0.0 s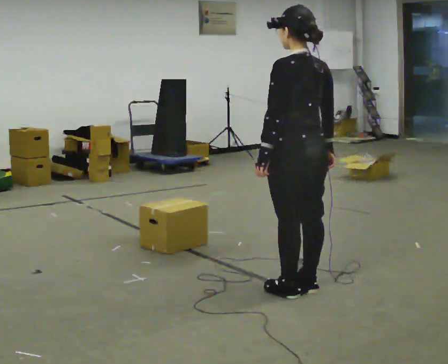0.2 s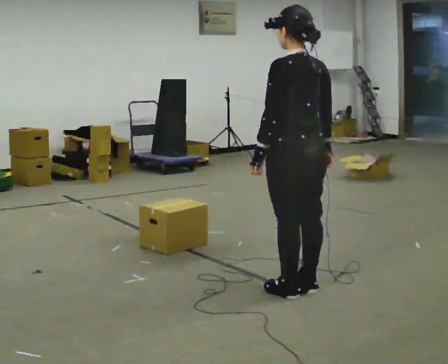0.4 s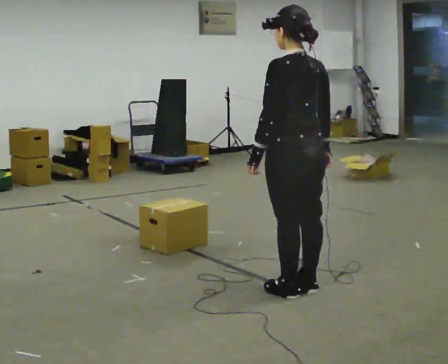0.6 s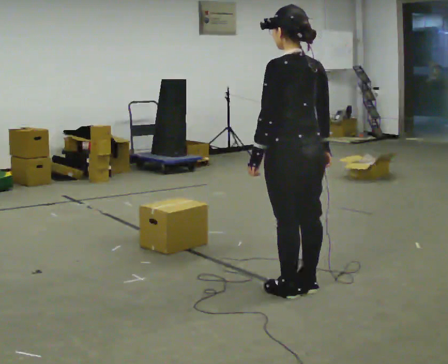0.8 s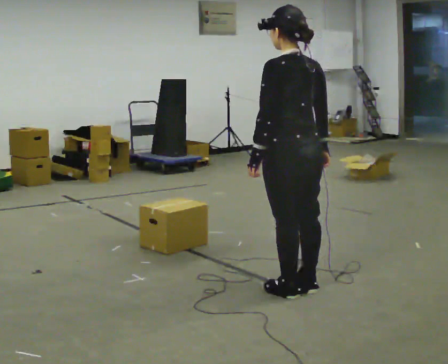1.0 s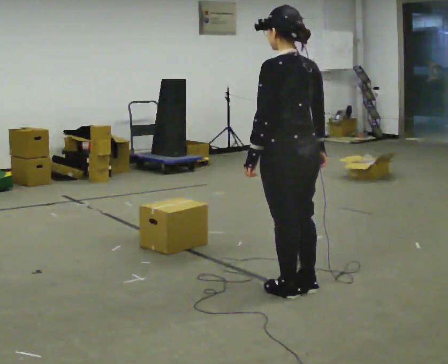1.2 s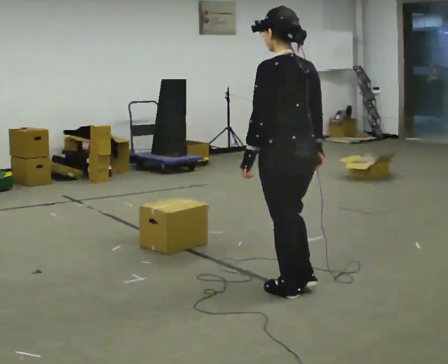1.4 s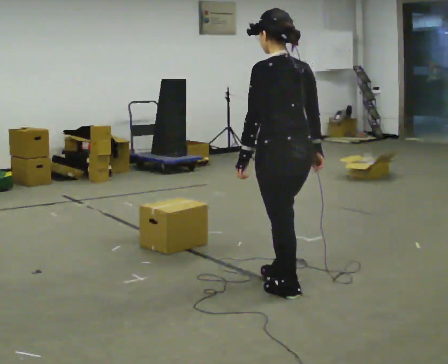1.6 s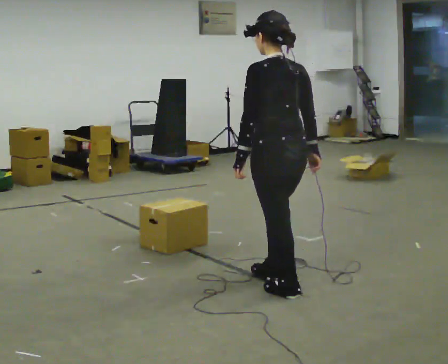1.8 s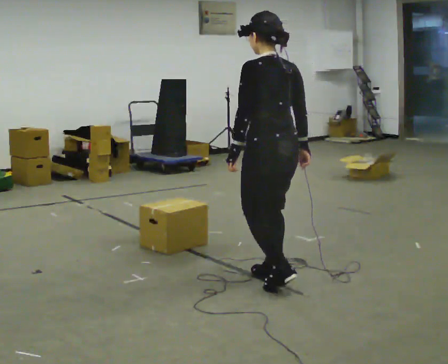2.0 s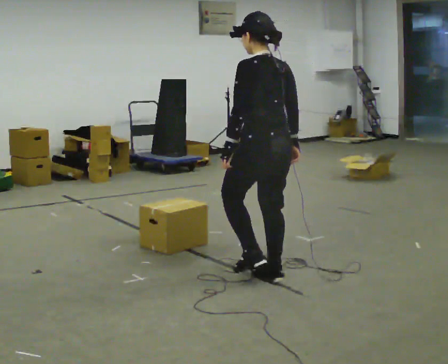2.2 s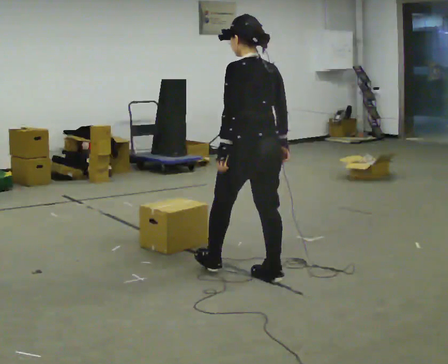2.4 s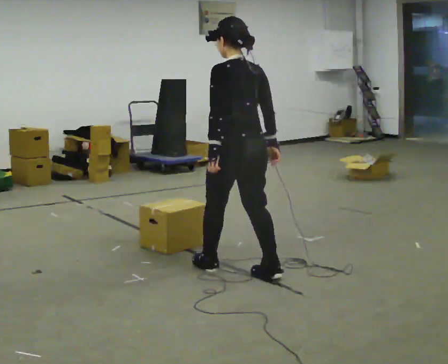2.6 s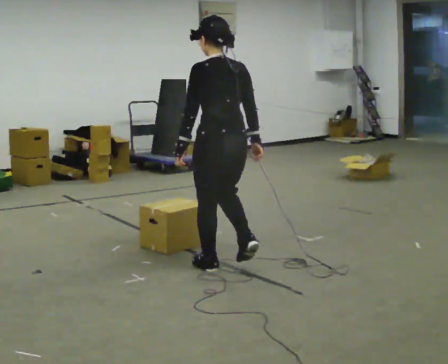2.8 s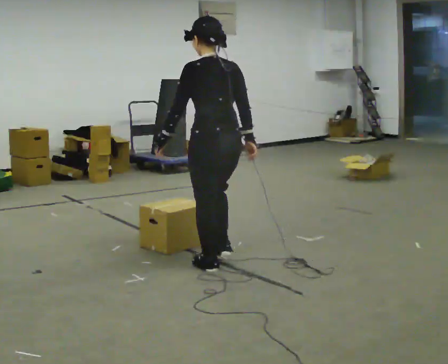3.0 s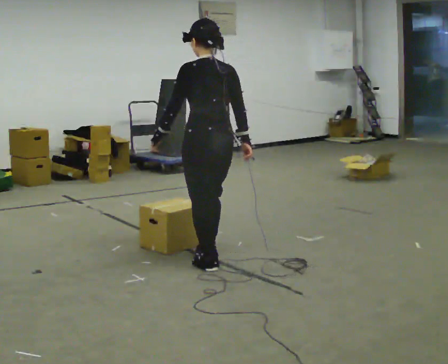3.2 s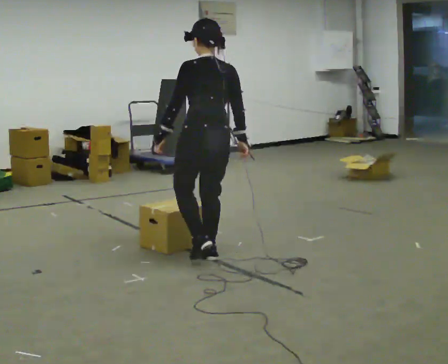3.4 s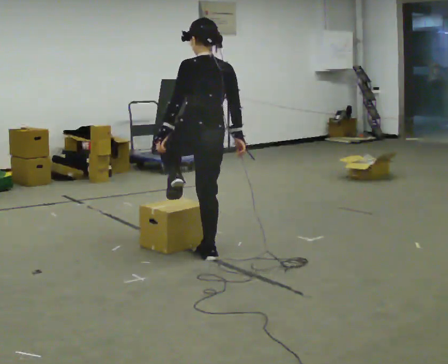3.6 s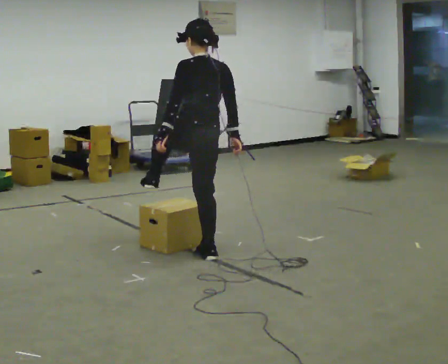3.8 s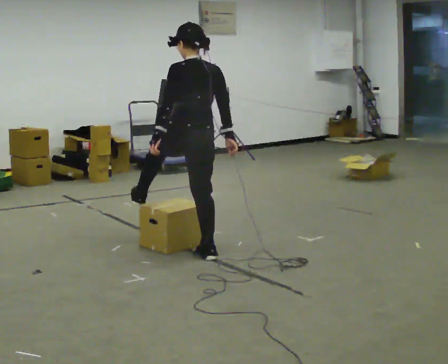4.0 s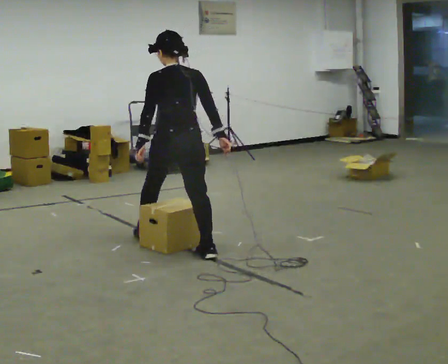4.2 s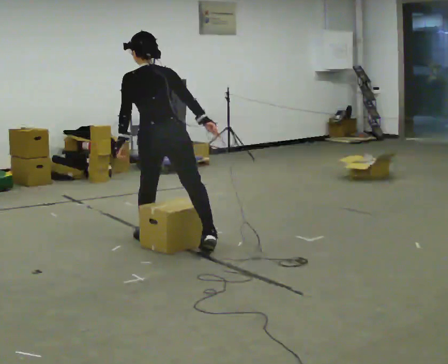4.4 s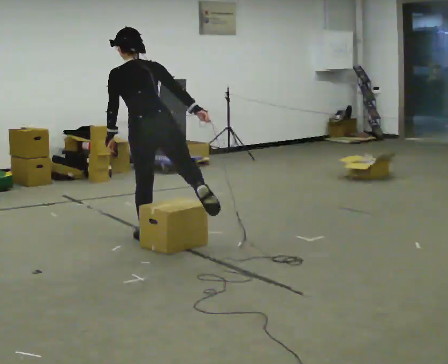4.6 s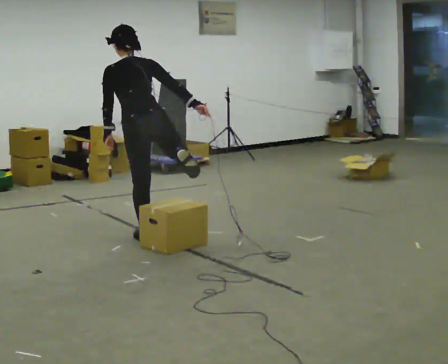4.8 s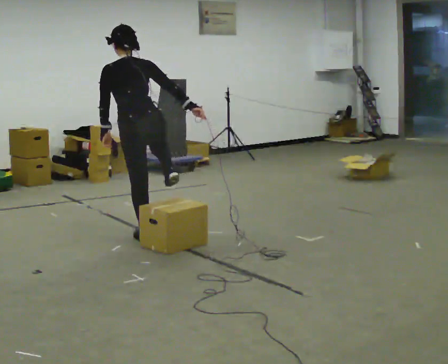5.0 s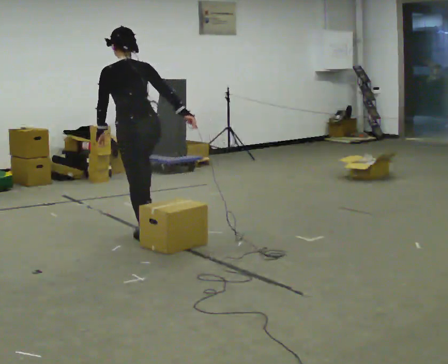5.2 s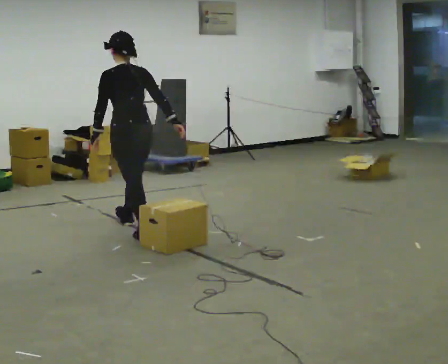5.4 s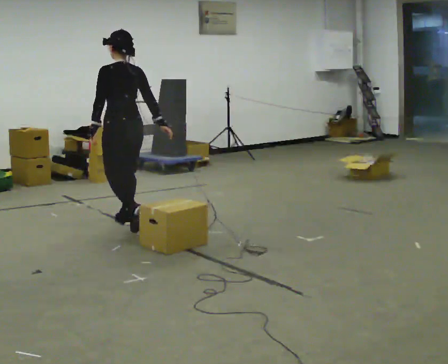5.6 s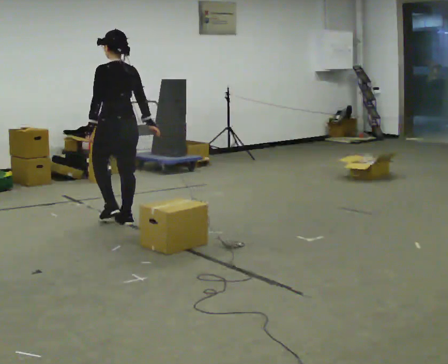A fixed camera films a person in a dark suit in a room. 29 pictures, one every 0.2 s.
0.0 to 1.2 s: The person moves a little, or ends about where they began.
1.2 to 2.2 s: In the picture they go away from the camera and to the left, about 0.25 m in 1 step, which for them is forward.
2.2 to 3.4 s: In the picture they go to the left and away from the camera, about 0.5 m in 2 steps, which for them is forward.
3.4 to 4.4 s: In the picture they go to the left and away from the camera, about 0.5 m in 1 step, which for them is forward and to their left. In the picture the upper body tilts counterclockwise, shoulders to the left.
4.4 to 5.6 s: Seen from above the body turns counterclockwise, about 30 degrees: to their left, with its near side sliding to the right. In the picture they go away from the camera and to the left, about 0.75 m in 1 step, which for them is forward. In the picture the upper body tilts clockwise, shoulders to the right, as they lean back or straighten.
The film runs forward here.
